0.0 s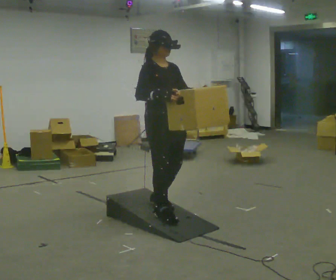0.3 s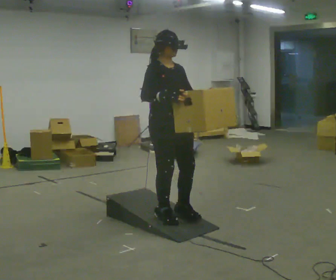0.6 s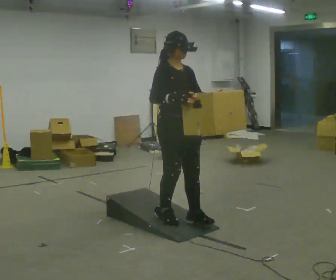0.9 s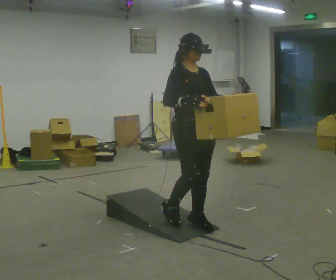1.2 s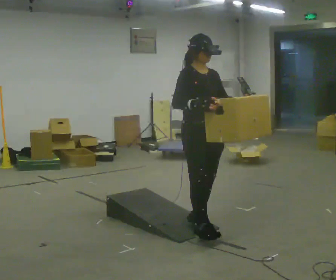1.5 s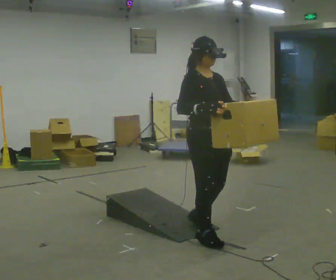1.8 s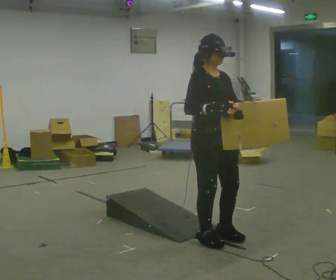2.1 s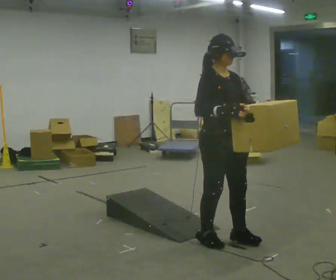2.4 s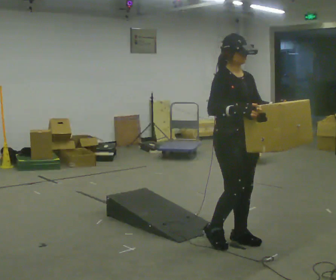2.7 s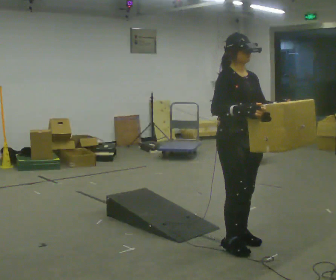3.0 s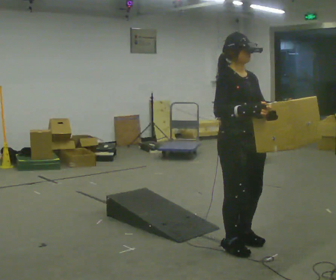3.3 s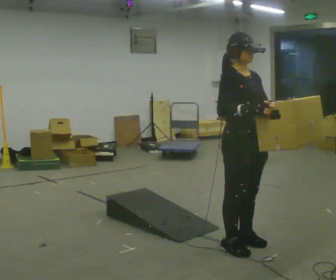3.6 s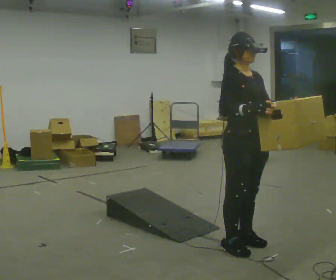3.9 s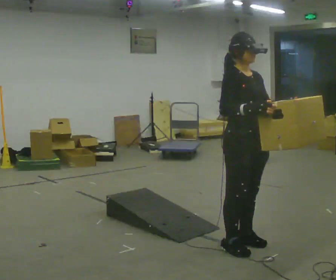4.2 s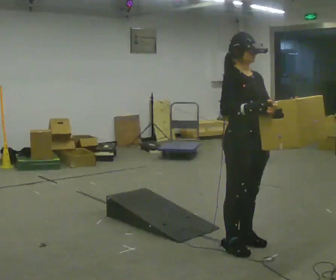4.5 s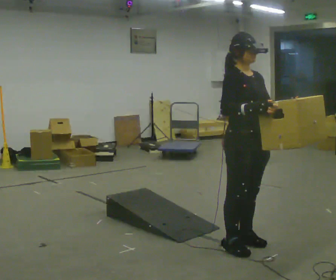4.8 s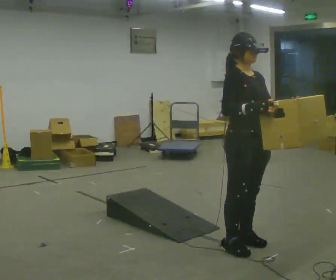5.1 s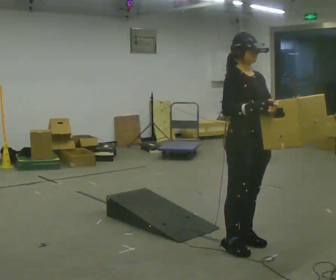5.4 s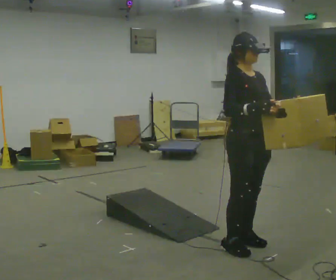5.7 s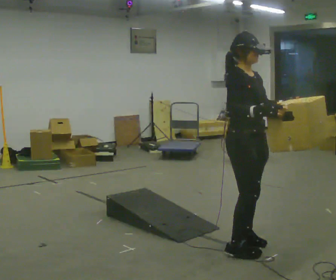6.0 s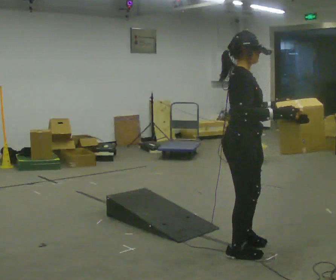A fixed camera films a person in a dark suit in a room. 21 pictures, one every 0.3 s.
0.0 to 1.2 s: In the picture they go to the right and toward the camera, about 0.5 m in 1 step, which for them is forward.
1.2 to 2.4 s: In the picture they go toward the camera and to the right, about 0.25 m in 2 steps, which for them is forward.
2.4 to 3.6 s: The person moves a little, or ends about where they began.
3.6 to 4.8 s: The person keeps their place and pose.
4.8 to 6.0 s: The part of the body nearest the lens slides to the right as the person turns to their left by about 30 degrees.
The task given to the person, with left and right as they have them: Carry the box up the ramp, turn at the top, and carry it back down. Keep going until the operator says stop; one object at a time, and do not rush between trips.
The film runs forward here.
